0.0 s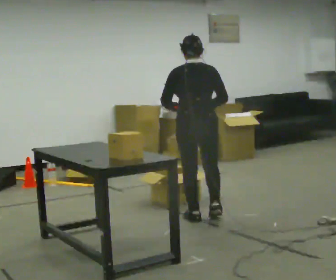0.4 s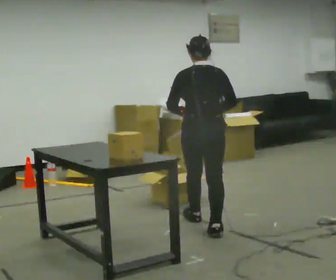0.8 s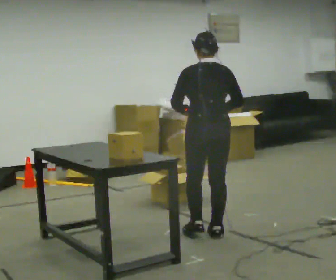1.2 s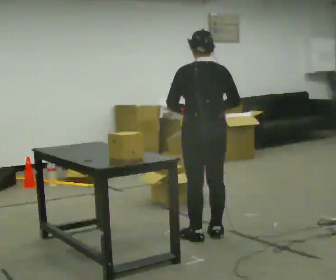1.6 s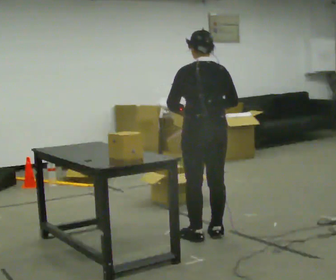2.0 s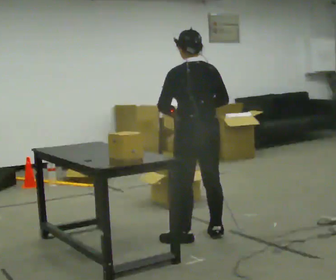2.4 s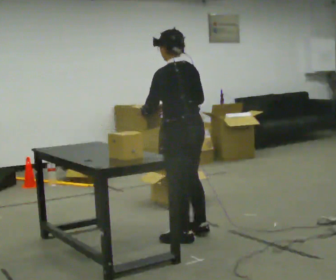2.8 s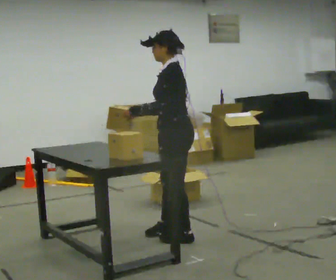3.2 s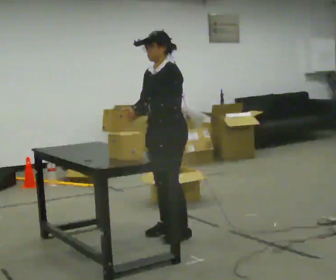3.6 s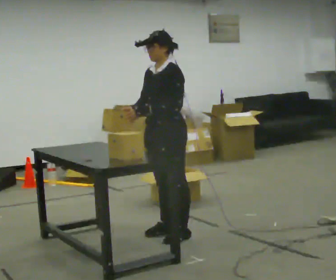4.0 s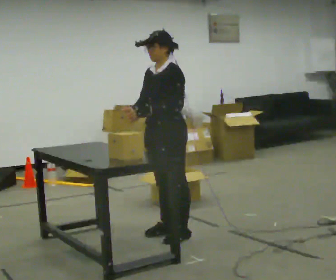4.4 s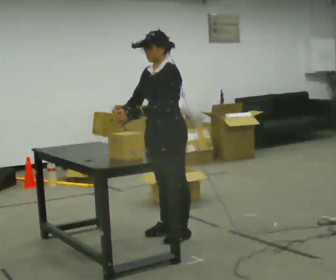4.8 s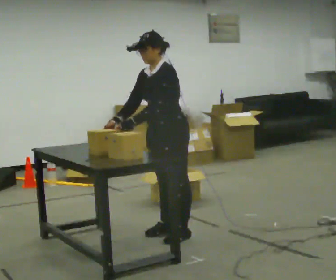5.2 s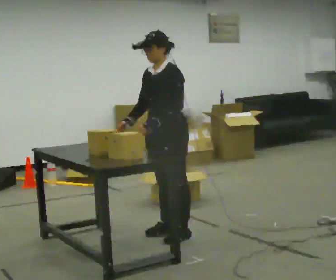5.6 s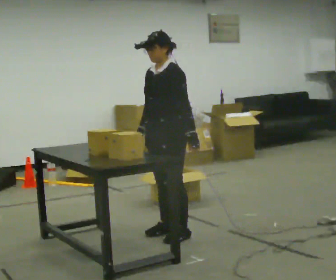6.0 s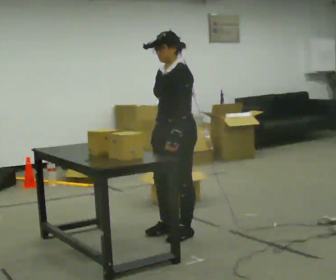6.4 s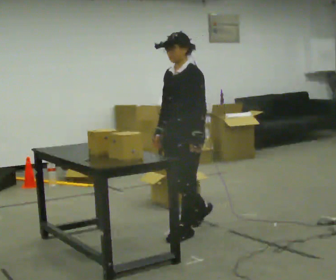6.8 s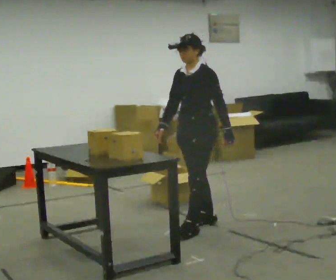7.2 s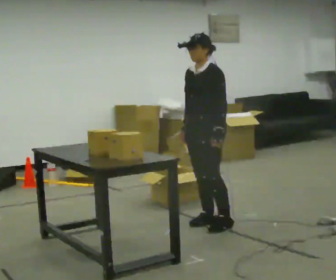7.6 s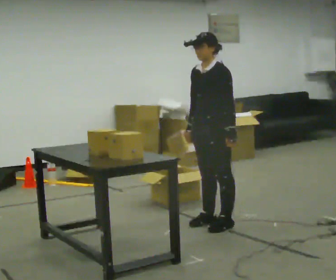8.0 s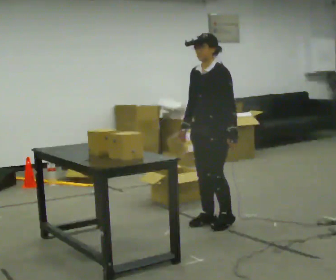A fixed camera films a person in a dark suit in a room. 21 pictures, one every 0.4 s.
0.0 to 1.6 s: In the picture they go toward the camera, about 0.5 m in 1 step, which for them is backward.
1.6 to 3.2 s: The person turns about 105 degrees to their left, counterclockwise seen from above, so the part of the body nearest the lens slides to the right. In the picture they go to the left, about 0.25 m in 2 steps.
3.2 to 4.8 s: The person moves a little, or ends about where they began.
4.8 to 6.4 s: In the picture their right hand goes to the right.
6.4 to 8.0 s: In the picture they go away from the camera and to the right, about 0.25 m in 1 step, which for them is backward.
The film runs backward here.
